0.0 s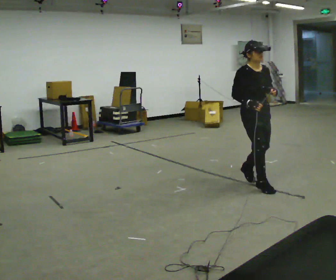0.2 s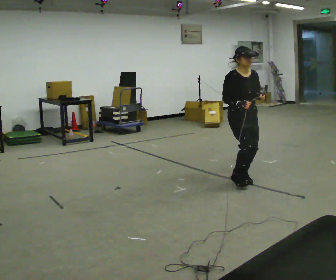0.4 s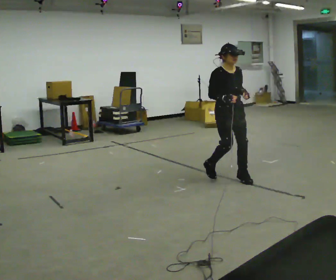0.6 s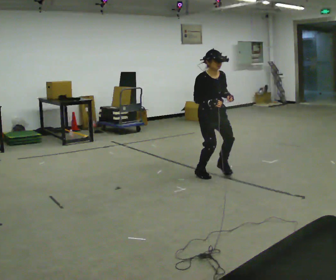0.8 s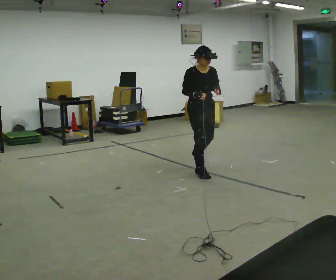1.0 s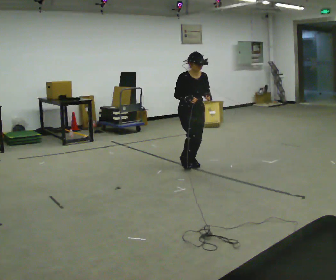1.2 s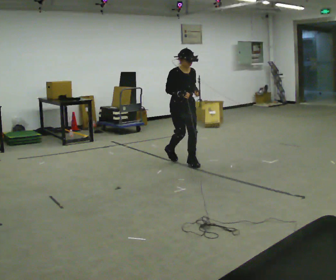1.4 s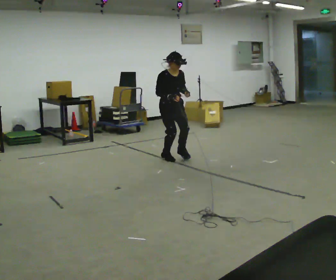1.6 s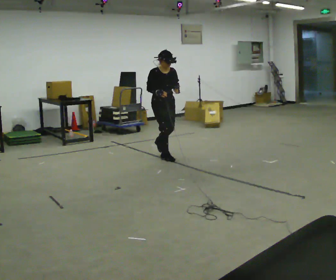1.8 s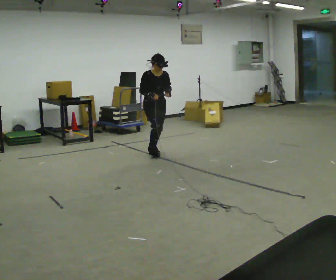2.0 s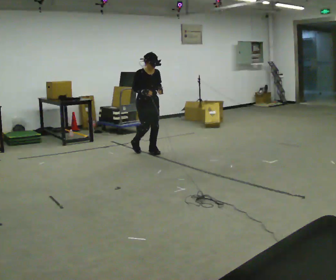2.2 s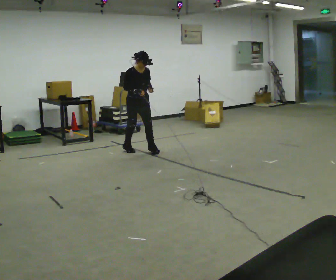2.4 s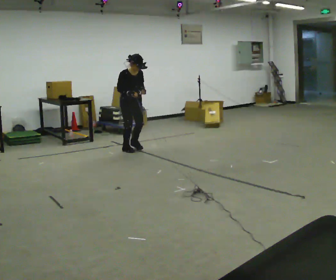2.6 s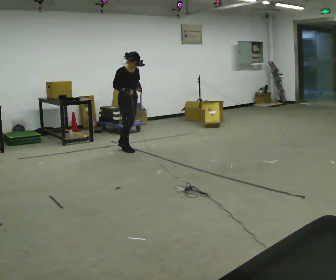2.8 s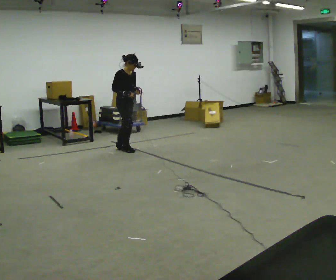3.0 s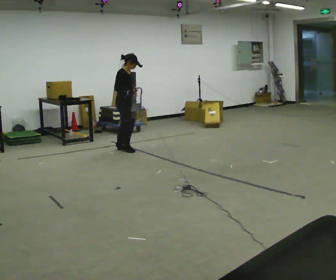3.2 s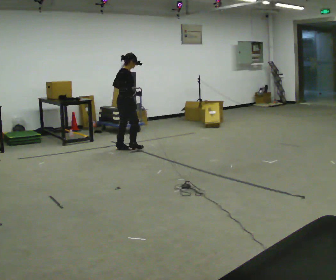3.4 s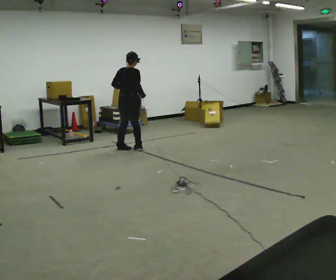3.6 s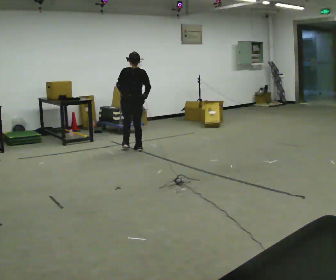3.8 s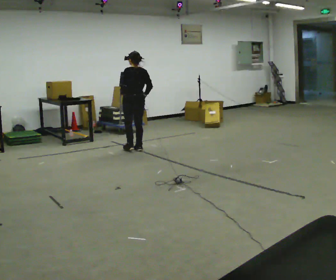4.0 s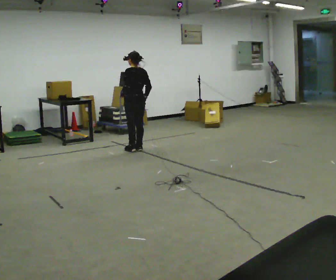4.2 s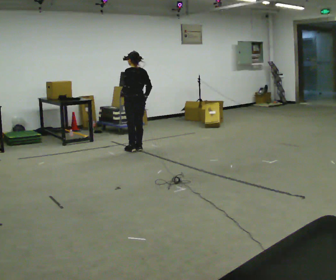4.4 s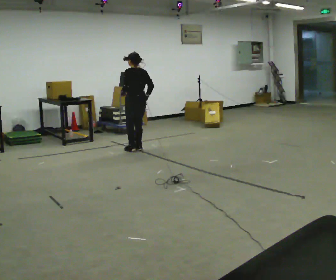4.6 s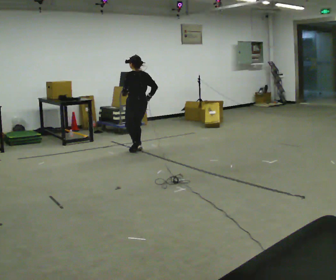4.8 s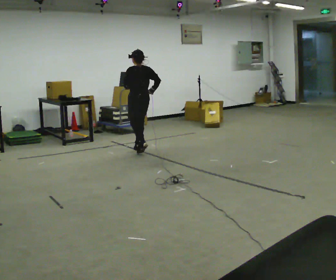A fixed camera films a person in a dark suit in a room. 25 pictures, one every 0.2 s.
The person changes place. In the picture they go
away from the camera.
0.0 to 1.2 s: In the picture they go away from the camera and to the left, about 1.5 m in 3 steps, which for them is backward.
1.2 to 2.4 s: In the picture they go away from the camera and to the left, about 1 m in 3 steps, which for them is backward.
2.4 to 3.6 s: Seen from above the body turns counterclockwise, about 150 degrees: to their left, with its near side sliding to the right. The upper body tips away from the camera, its near side rolling upward. In the picture their left hand goes to the left.
3.6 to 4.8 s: In the picture they go toward the camera, about 0.25 m in 1 step, which for them is backward.
The film runs forward here.
